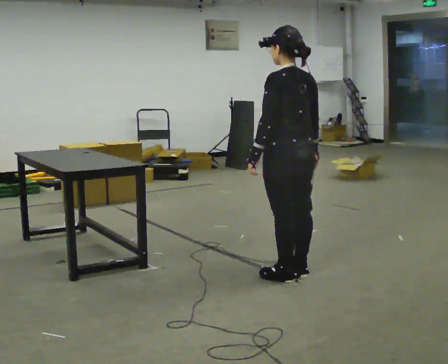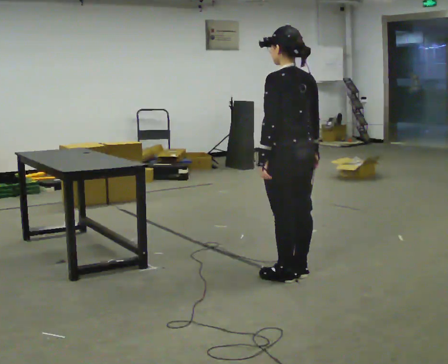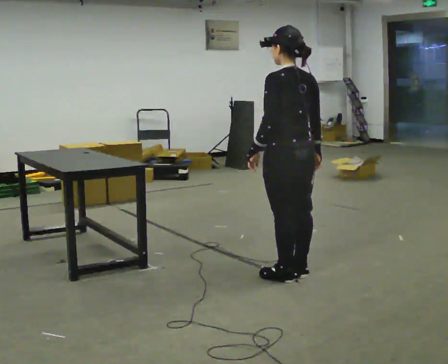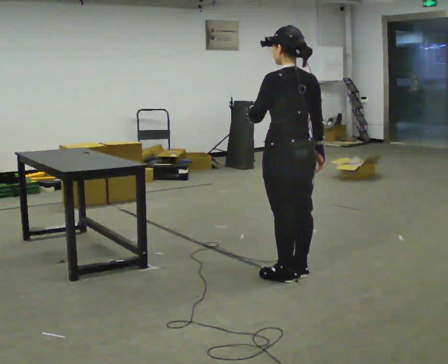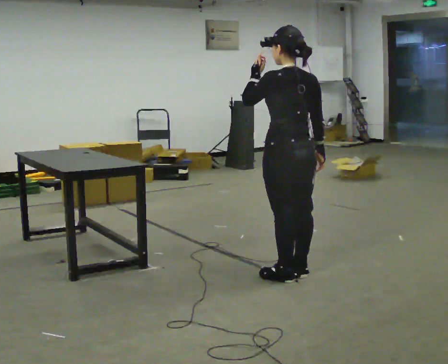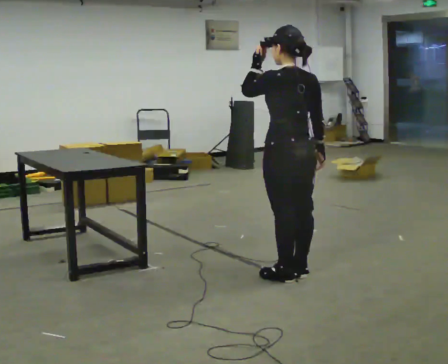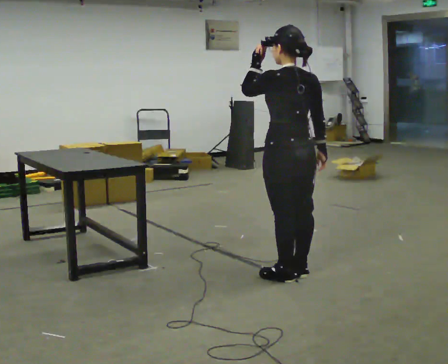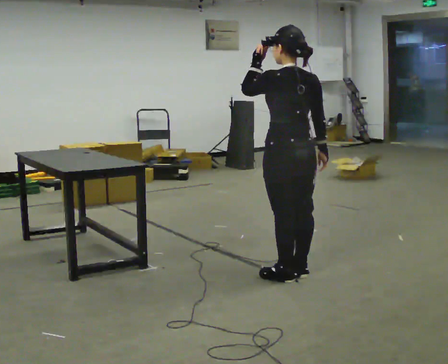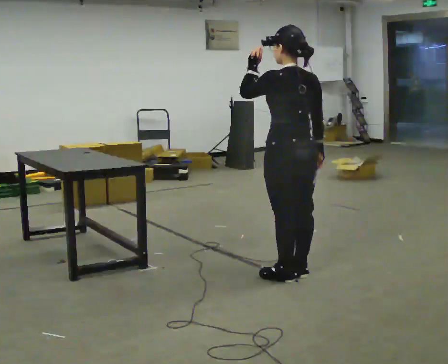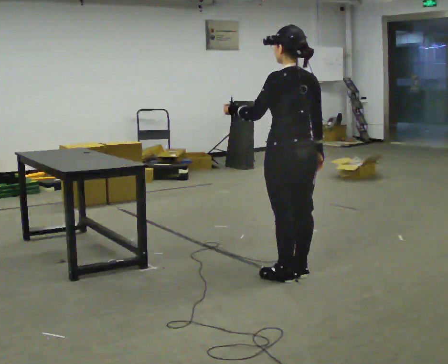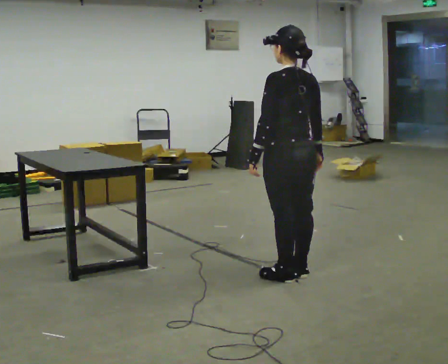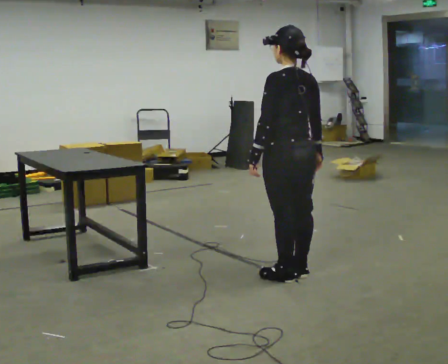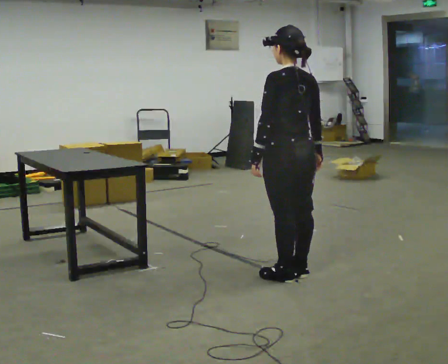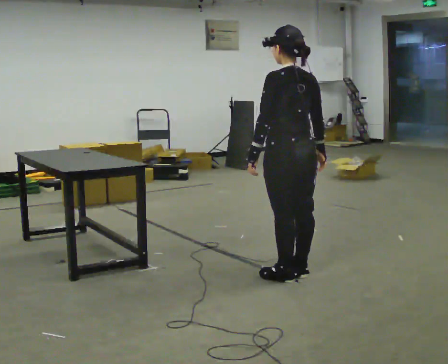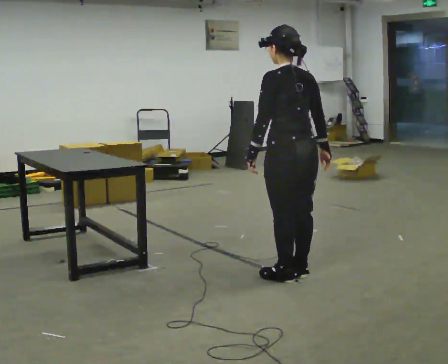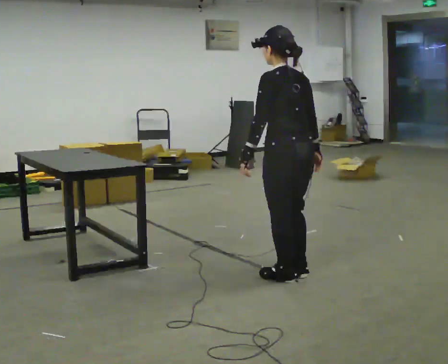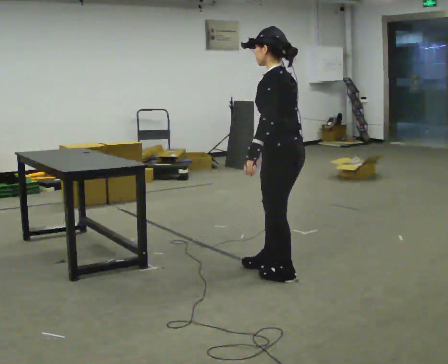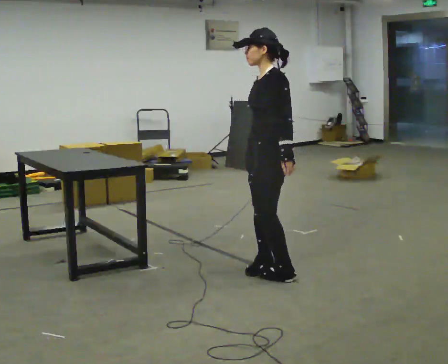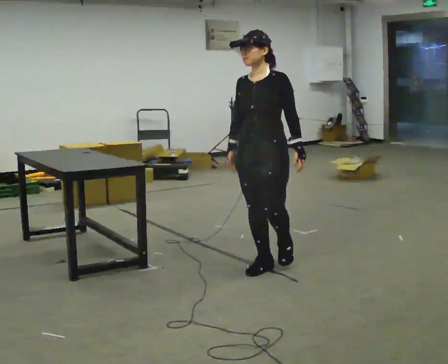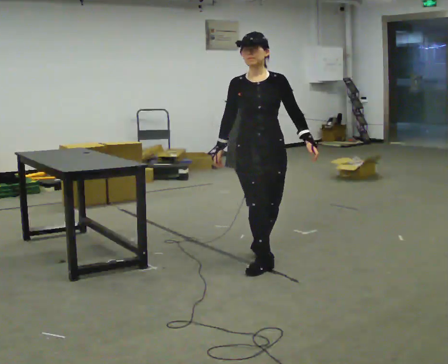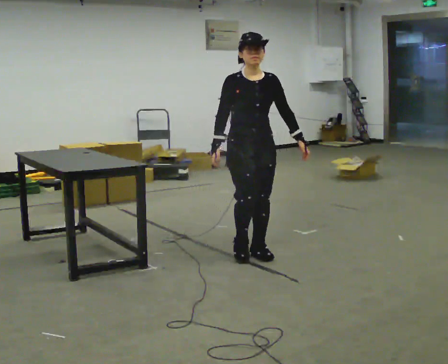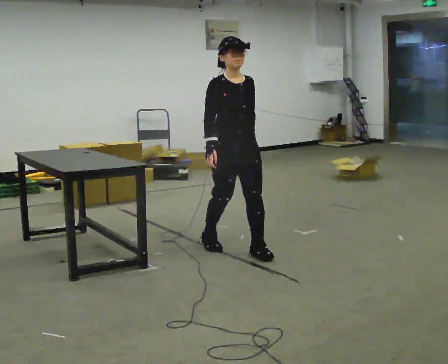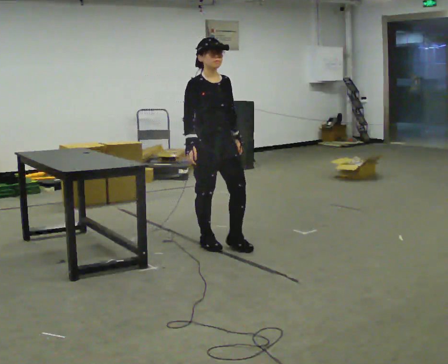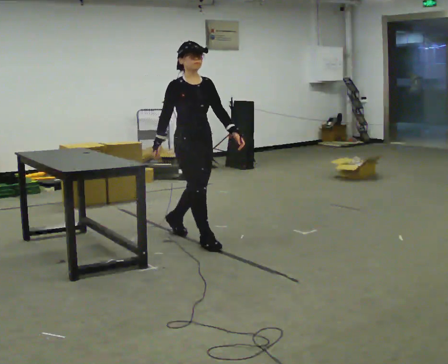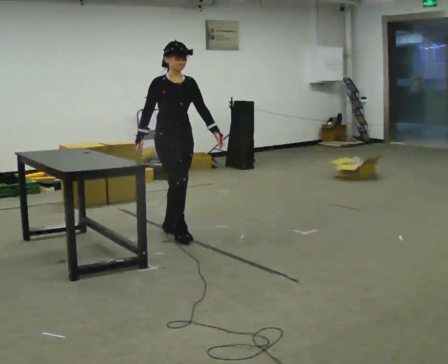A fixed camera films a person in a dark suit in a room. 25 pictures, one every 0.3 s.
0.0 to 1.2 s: In the picture their left hand goes upward.
1.2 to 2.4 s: The person moves a little, or ends about where they began.
2.4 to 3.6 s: In the picture their left hand goes downward.
3.6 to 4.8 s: The person moves a little, or ends about where they began.
4.8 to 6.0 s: The person turns about 150 degrees to their left, counterclockwise seen from above, so the part of the body nearest the lens slides to the right. In the picture they go away from the camera and to the left, about 0.5 m in 2 steps.
6.0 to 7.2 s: The person turns about 30 degrees to their left, counterclockwise seen from above, so the part of the body nearest the lens slides to the right. In the picture they go to the left and away from the camera, about 1 m in 2 steps, which for them is backward.
The film runs backward here.
